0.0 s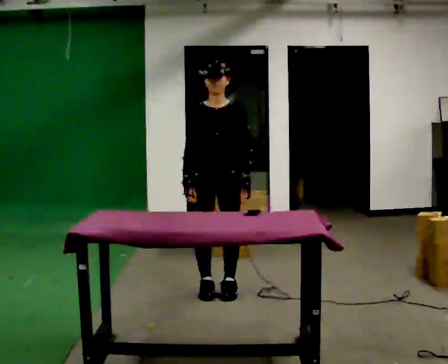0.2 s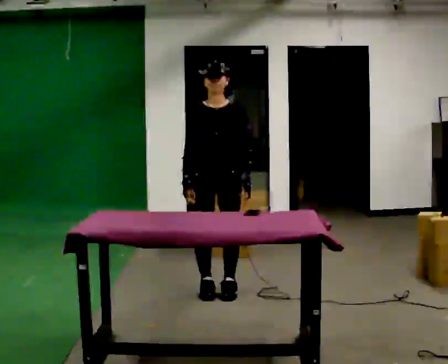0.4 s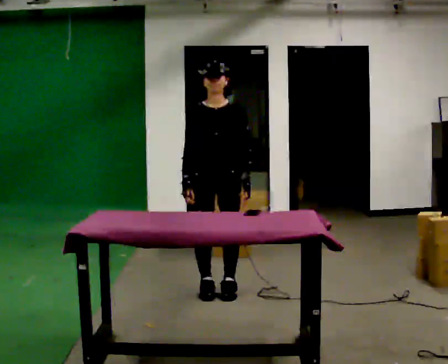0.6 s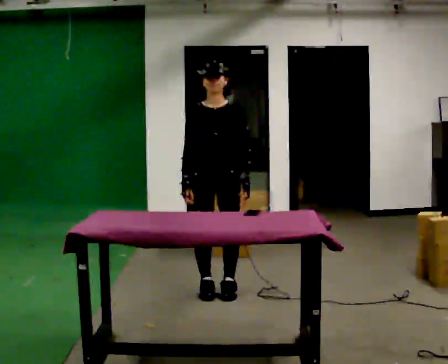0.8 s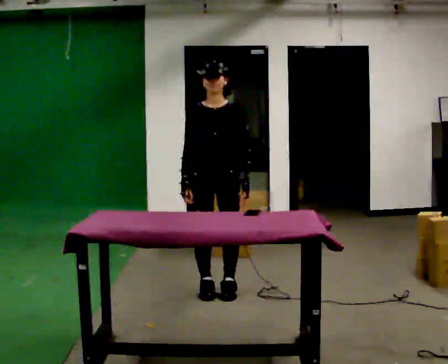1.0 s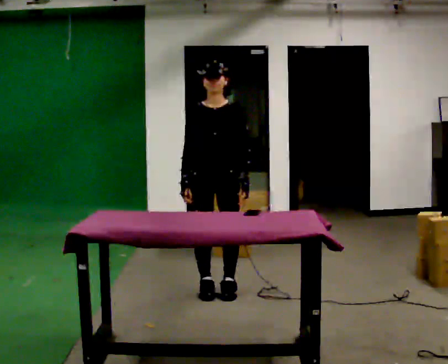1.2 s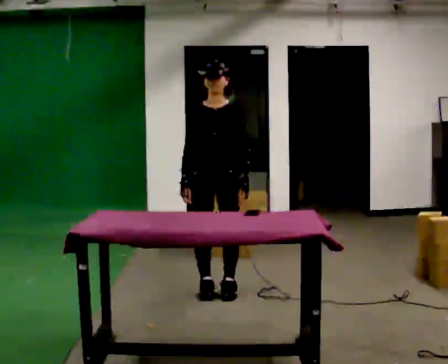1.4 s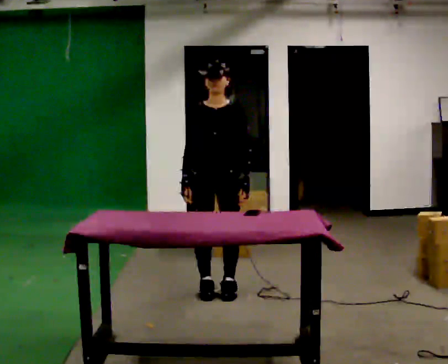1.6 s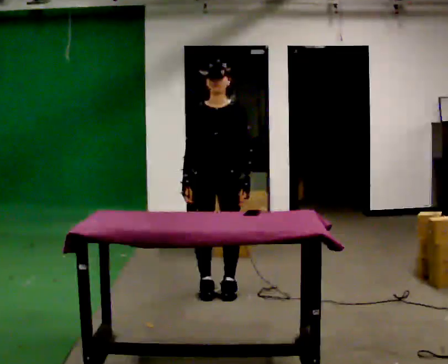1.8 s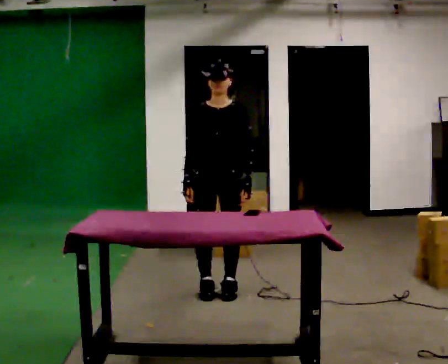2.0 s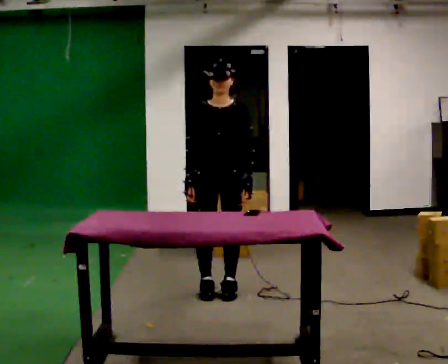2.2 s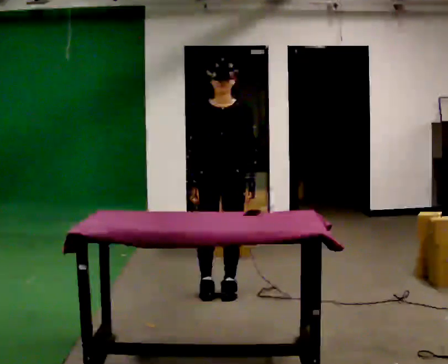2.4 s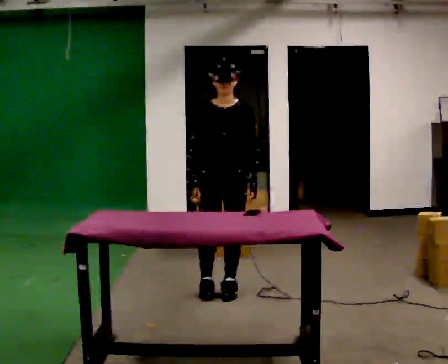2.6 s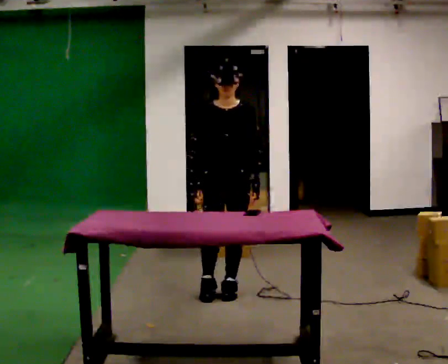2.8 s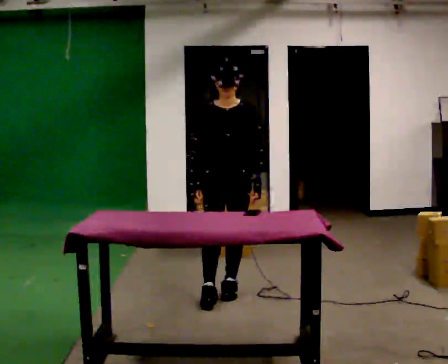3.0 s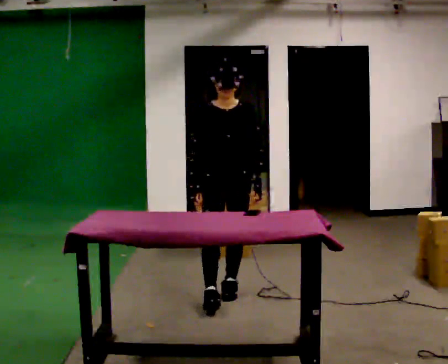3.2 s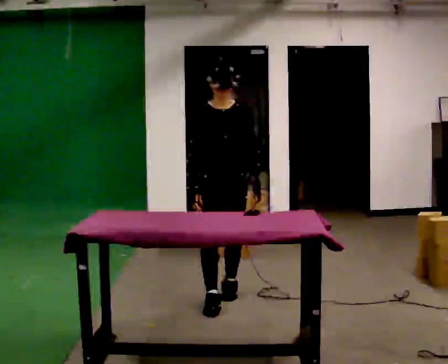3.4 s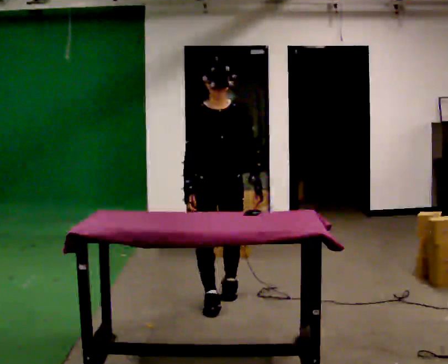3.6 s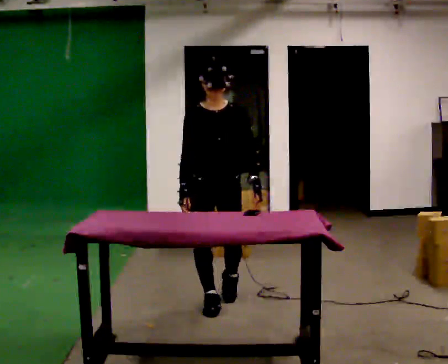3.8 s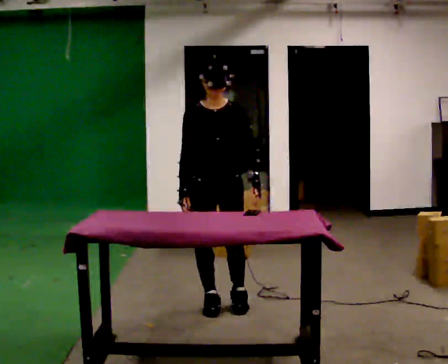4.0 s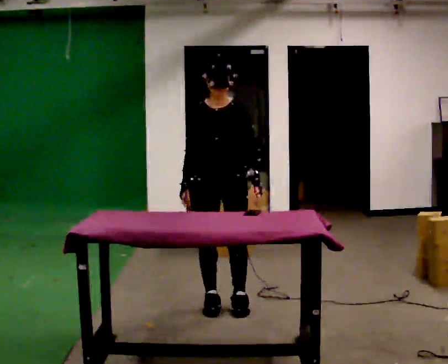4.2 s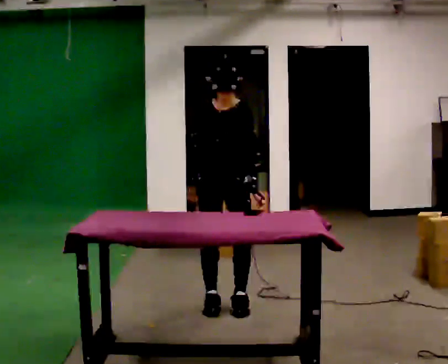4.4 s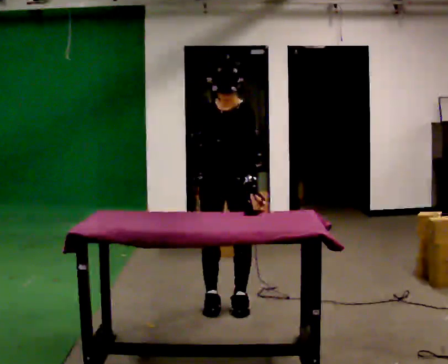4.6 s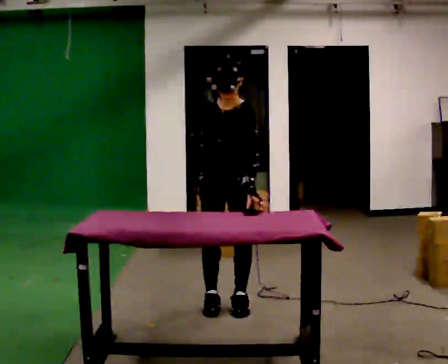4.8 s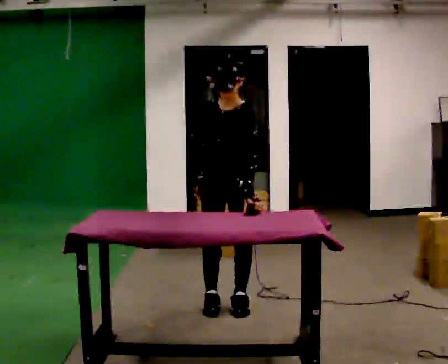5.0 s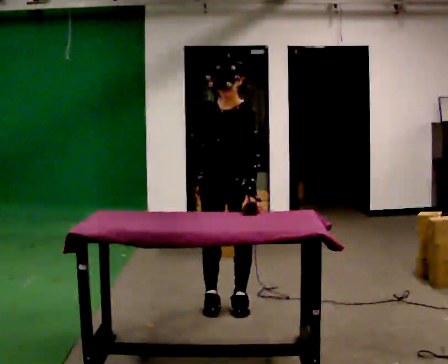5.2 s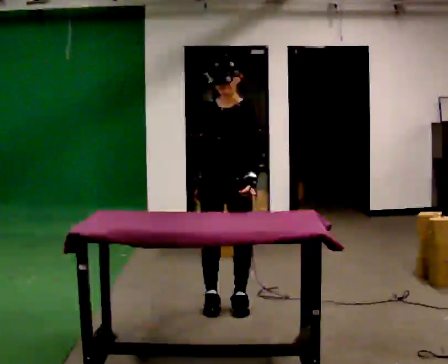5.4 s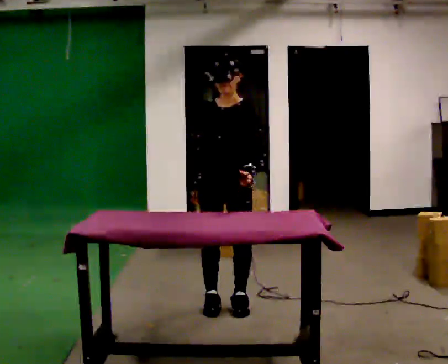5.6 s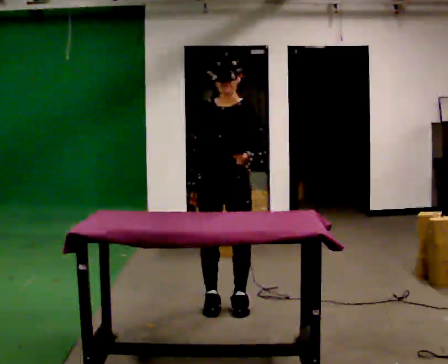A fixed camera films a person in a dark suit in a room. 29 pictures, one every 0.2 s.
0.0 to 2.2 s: The person moves a little, or ends about where they began.
2.2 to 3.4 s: In the picture they go toward the camera, about 0.25 m in 1 step, which for them is forward.
3.4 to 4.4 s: The person turns about 30 degrees to their right, clockwise seen from above, so the part of the body nearest the lens slides to the left. The upper body tips toward the camera, its near side rolling downward, as they bend forward.
4.4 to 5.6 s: The person moves a little, or ends about where they began.
The film runs forward here.
